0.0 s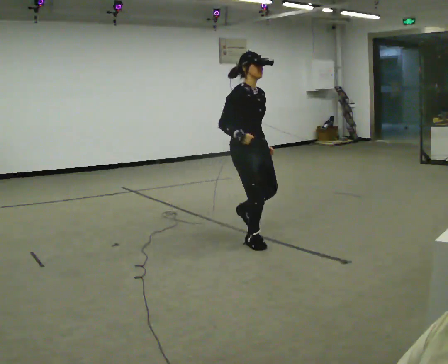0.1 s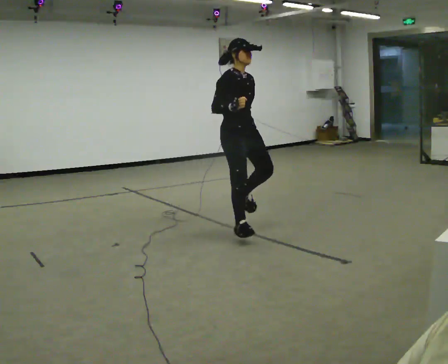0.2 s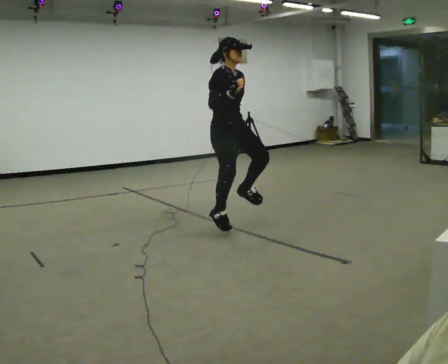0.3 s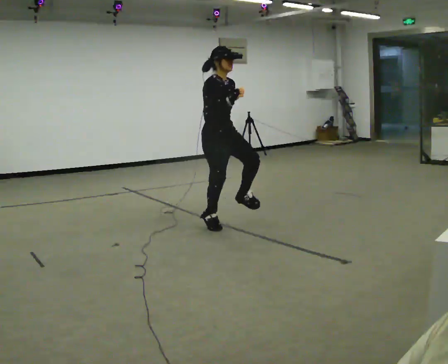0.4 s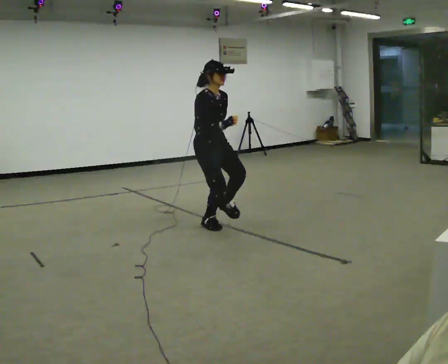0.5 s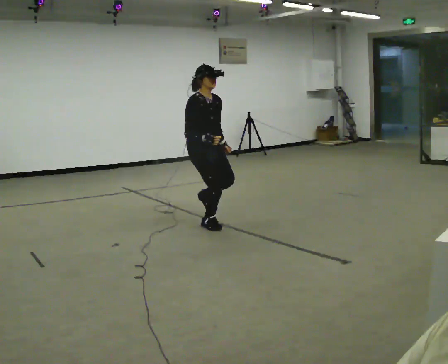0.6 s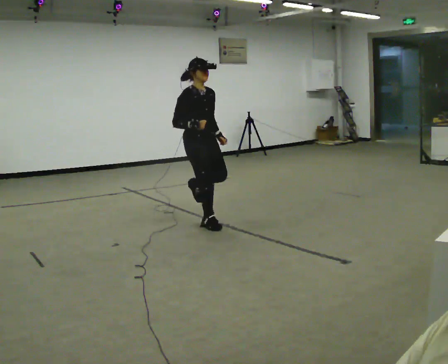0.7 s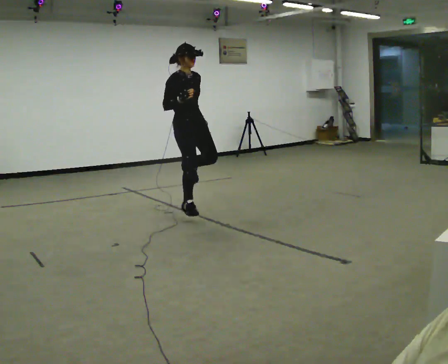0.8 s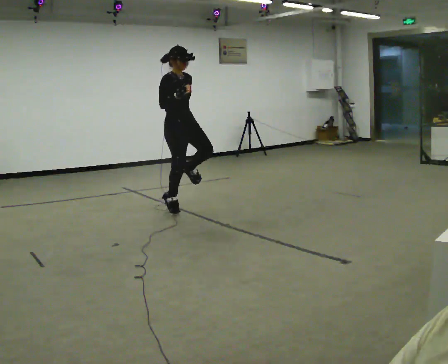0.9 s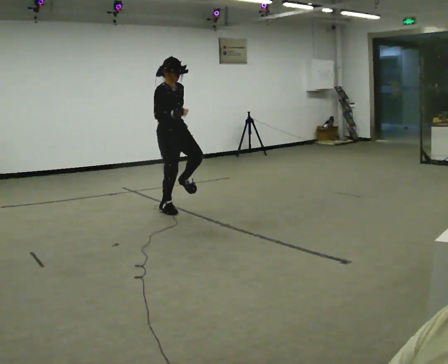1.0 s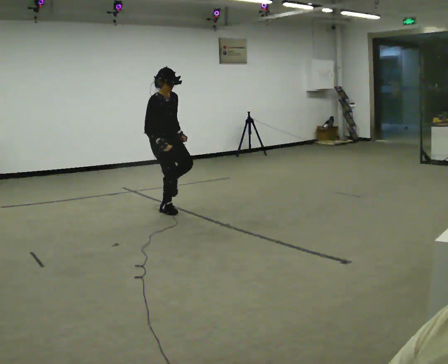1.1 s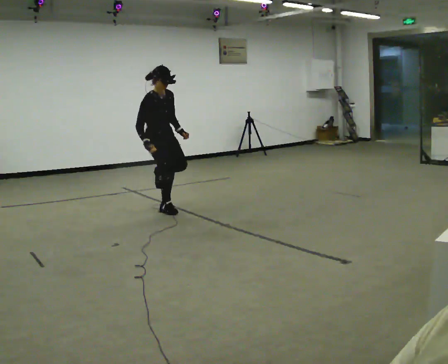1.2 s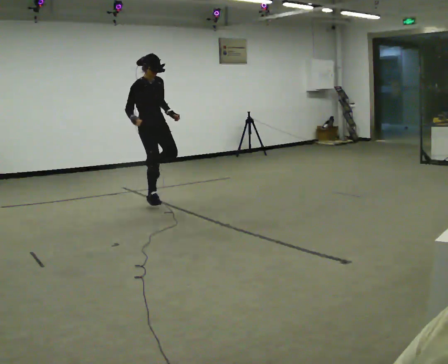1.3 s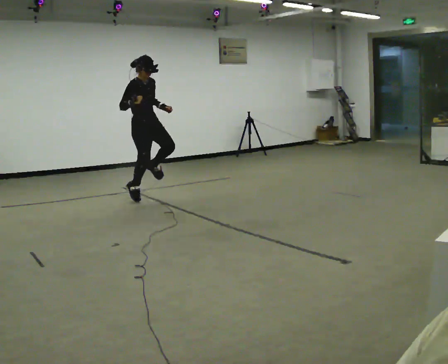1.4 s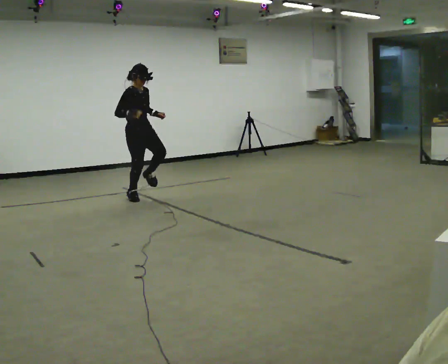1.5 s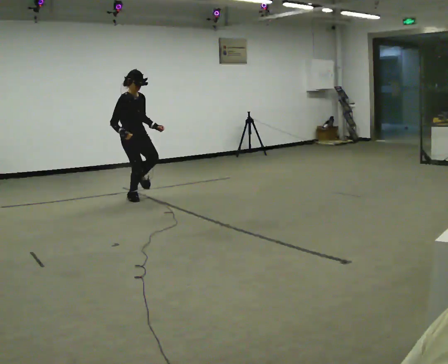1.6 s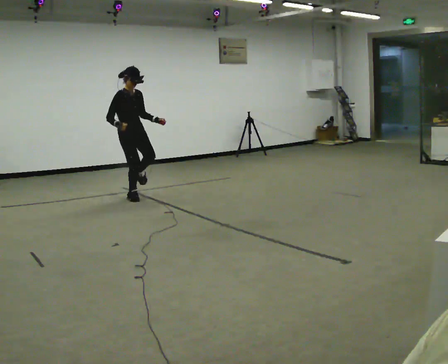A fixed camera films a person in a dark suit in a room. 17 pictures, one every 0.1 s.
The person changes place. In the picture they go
away from the camera.
0.0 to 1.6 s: In the picture they go away from the camera and to the left, about 2 m in 4 steps, which for them is backward.
The film runs backward here.
